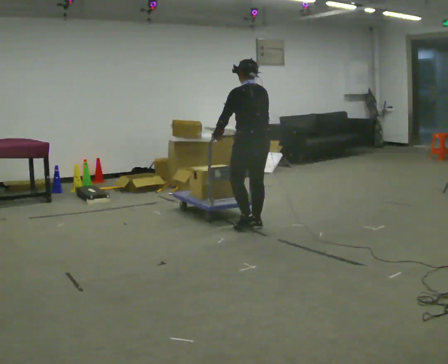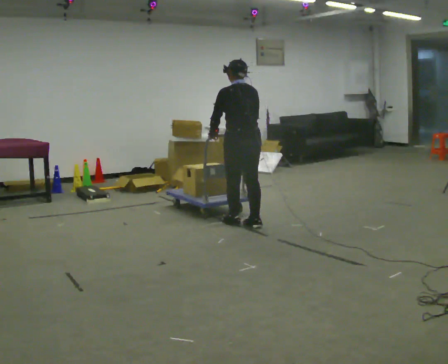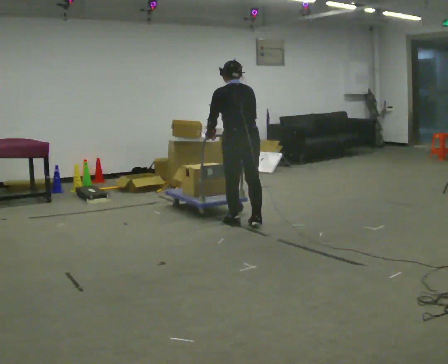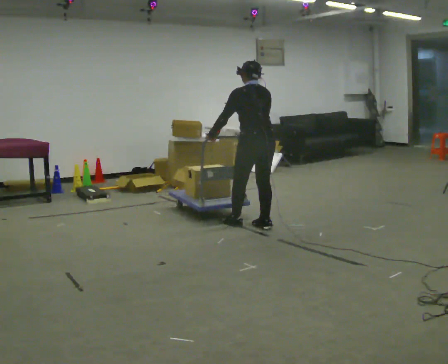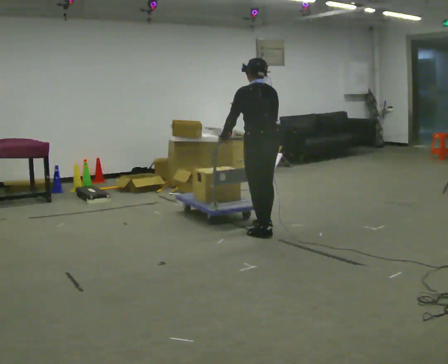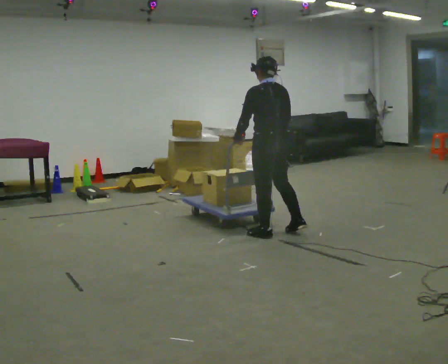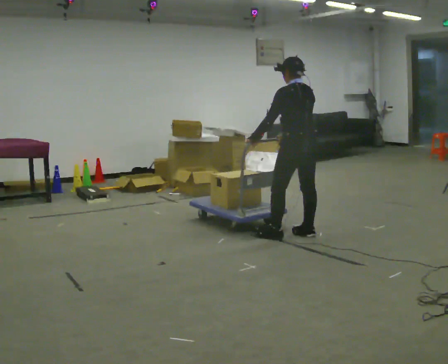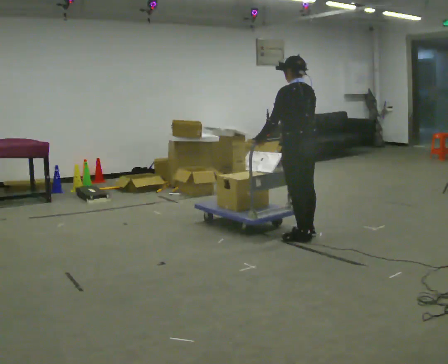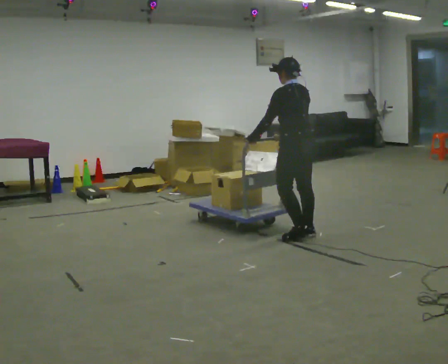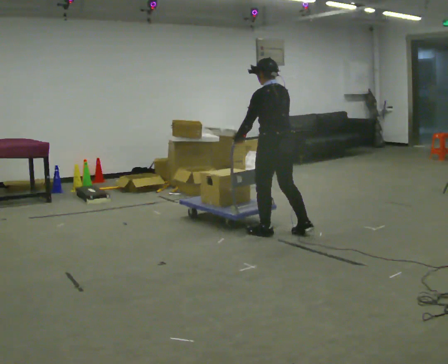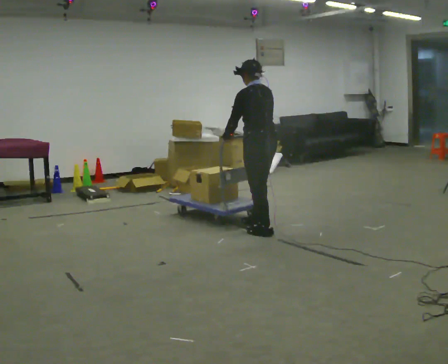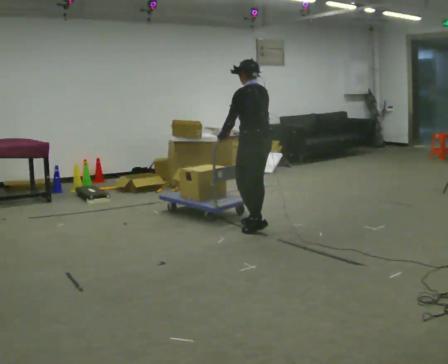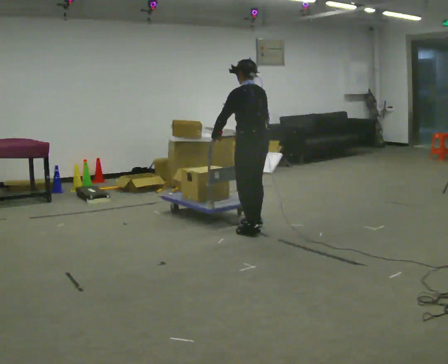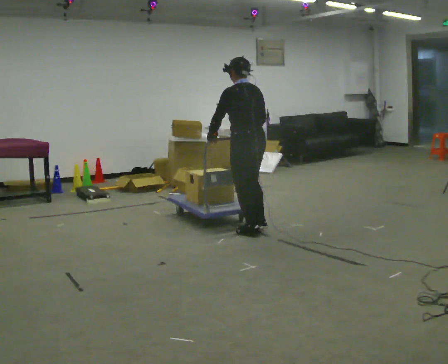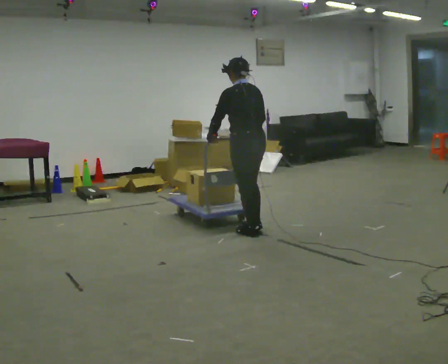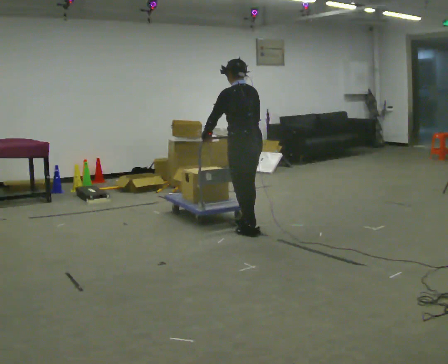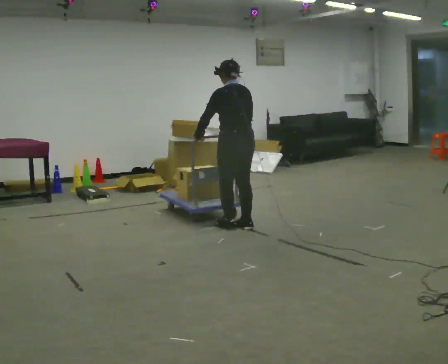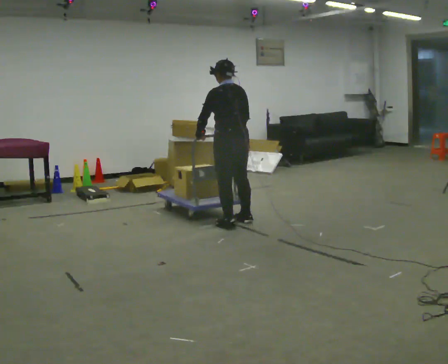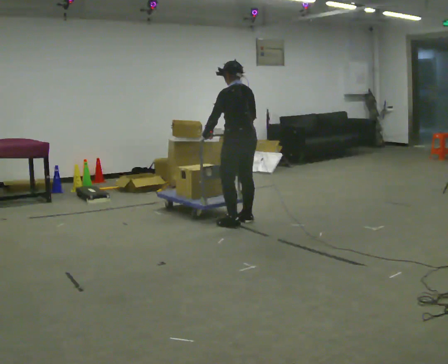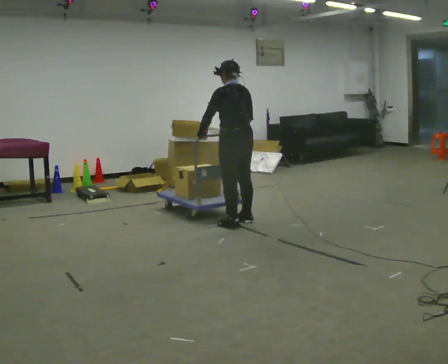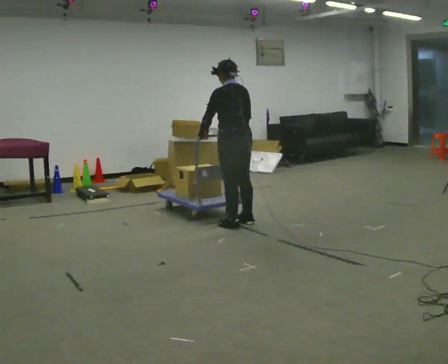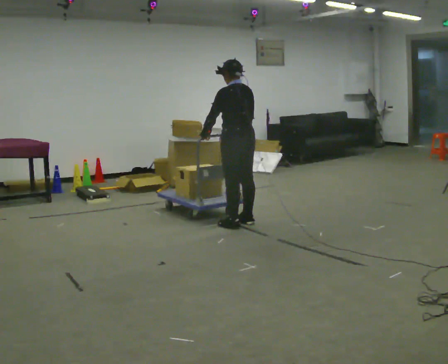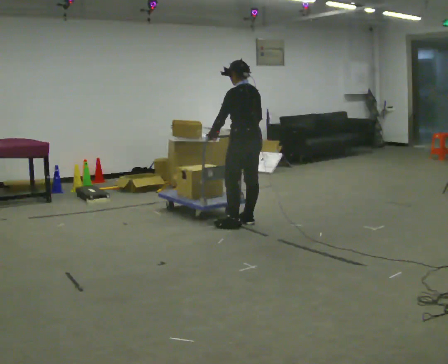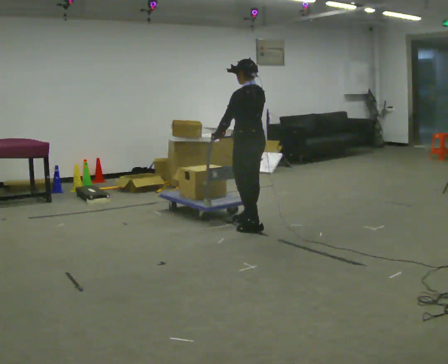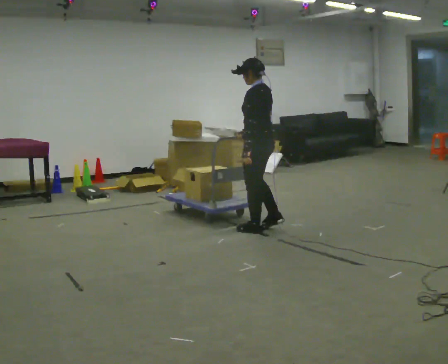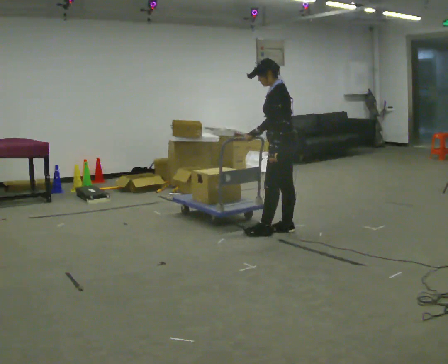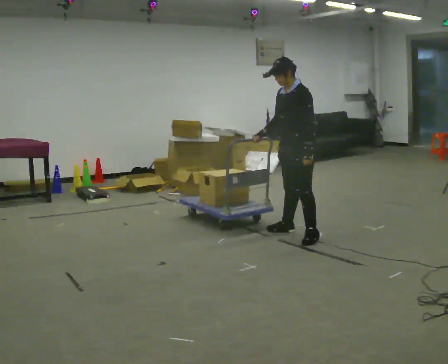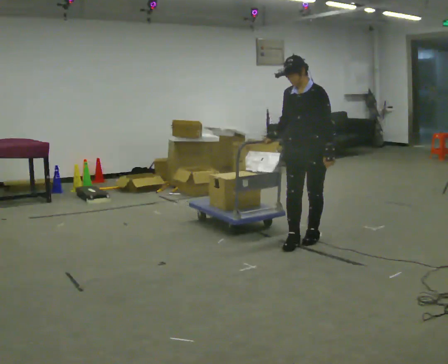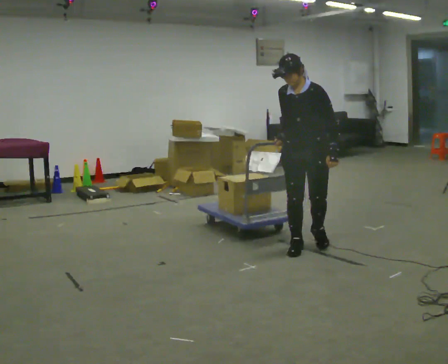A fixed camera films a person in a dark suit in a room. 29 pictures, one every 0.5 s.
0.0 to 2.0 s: The person moves a little, or ends about where they began.
2.0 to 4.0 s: In the picture they go to the right, about 0.25 m in 2 steps, which for them is backward and to their right.
4.0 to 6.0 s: In the picture they go to the left and away from the camera, about 0.5 m in 2 steps, which for them is forward.
6.0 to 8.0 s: In the picture they go to the left, about 0.25 m in 3 steps, which for them is forward.
8.0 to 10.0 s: The person moves a little, or ends about where they began.
10.0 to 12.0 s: In the picture they go to the right and toward the camera, about 0.25 m in 1 step, which for them is backward.
12.0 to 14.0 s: The person turns about 90 degrees to their left, counterclockwise seen from above, so the part of the body nearest the lens slides to the right. In the picture they go toward the camera and to the right, about 0.75 m in 3 steps.
The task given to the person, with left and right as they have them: Get the cart into the marked parking space and lined up with the tape. Take as many adjustments as you need. Then take it out again and repeat.
The film runs forward here.
